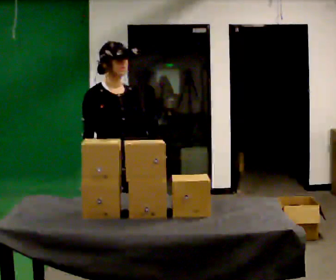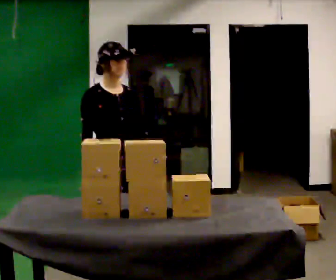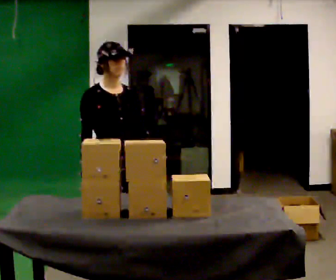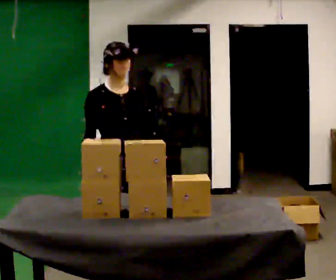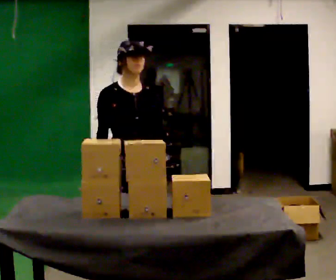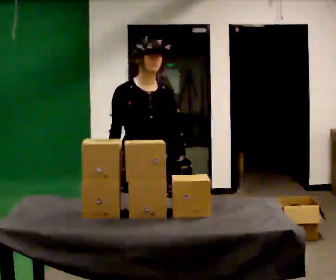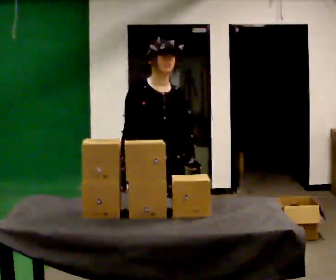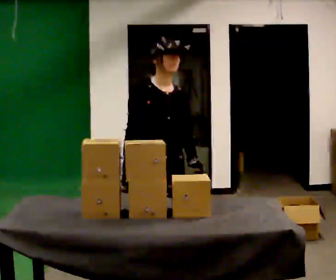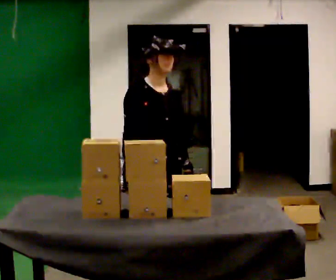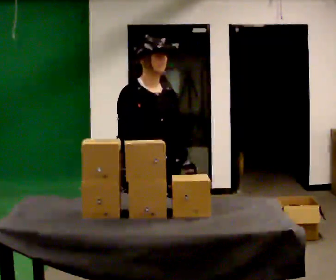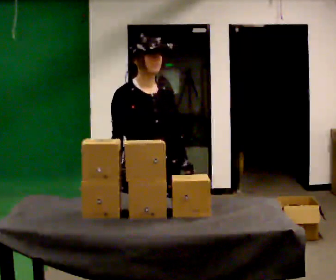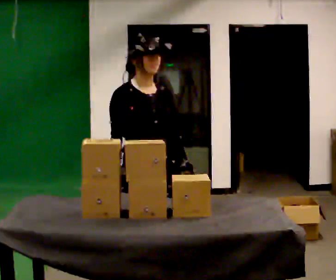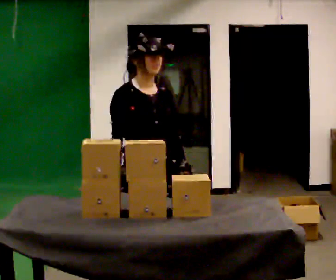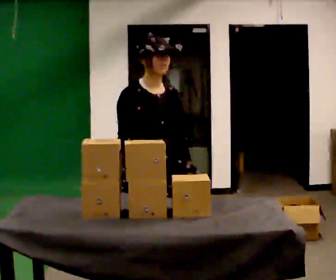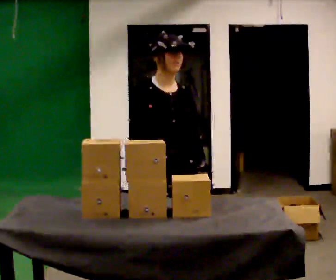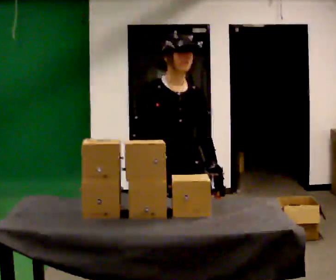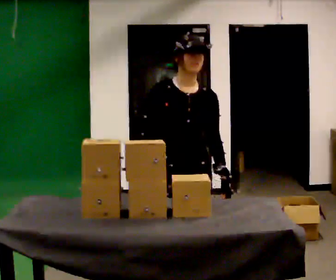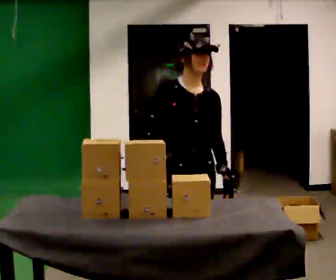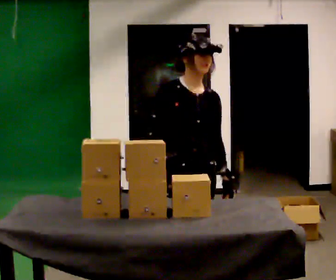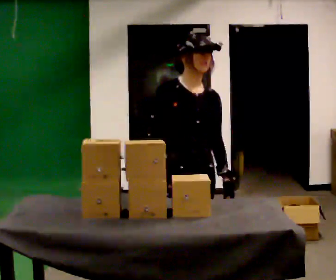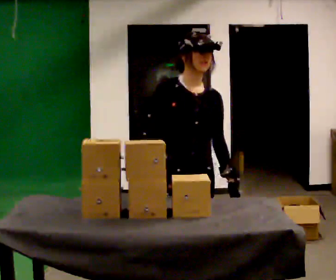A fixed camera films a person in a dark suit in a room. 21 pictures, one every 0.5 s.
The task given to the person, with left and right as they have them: 1. Take the objects out of the box on the table one at a time. 2. Put each one in the bin the operator has labelled for it. 3. Tell the operator when you are finished.
0.0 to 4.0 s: In the picture they go to the right and toward the camera, about 0.25 m in 2 steps, which for them is forward and to their left.
4.0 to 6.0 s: In the picture they go toward the camera, about 0.25 m, which for them is forward.
6.0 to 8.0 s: In the picture they go to the right, about 0.25 m in 1 step, which for them is to their left.
8.0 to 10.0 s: The person moves a little, or ends about where they began.
The film runs forward here.
